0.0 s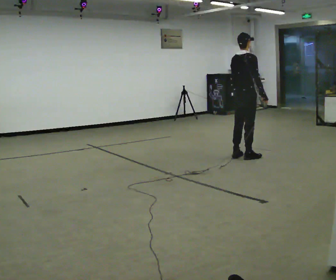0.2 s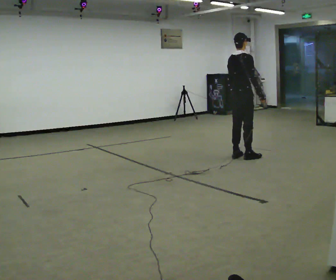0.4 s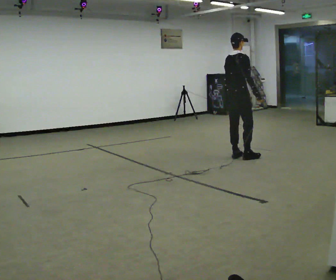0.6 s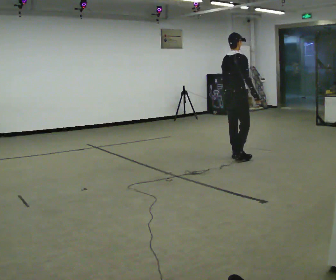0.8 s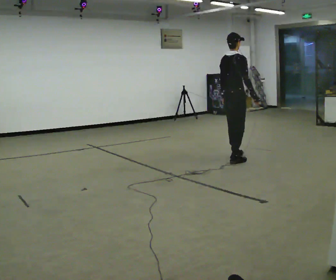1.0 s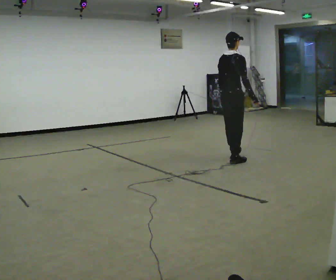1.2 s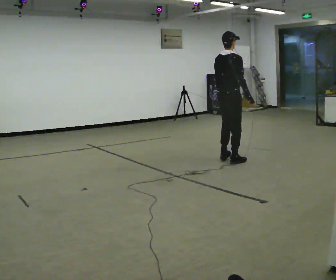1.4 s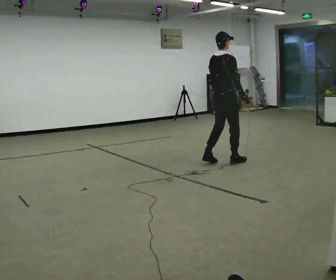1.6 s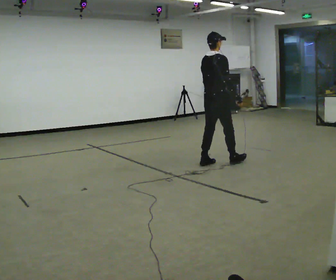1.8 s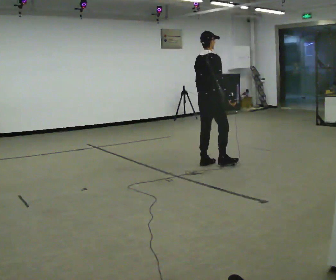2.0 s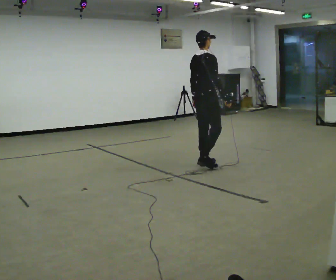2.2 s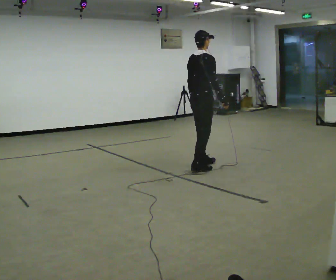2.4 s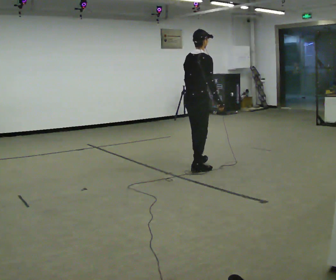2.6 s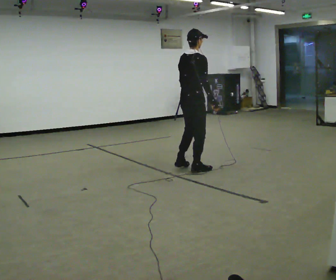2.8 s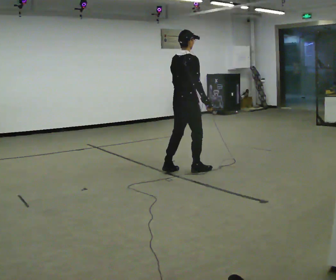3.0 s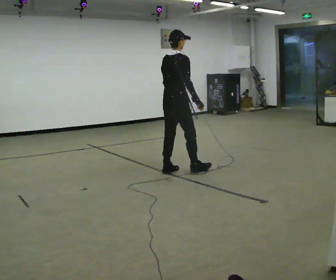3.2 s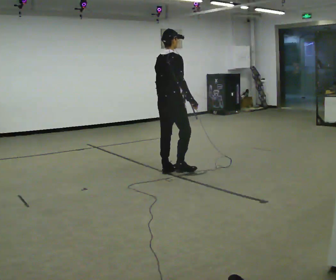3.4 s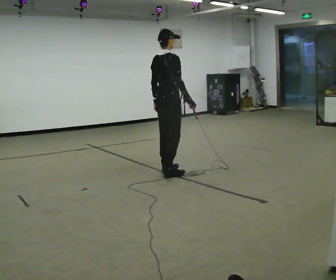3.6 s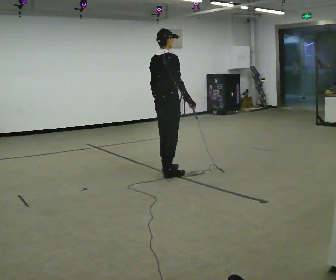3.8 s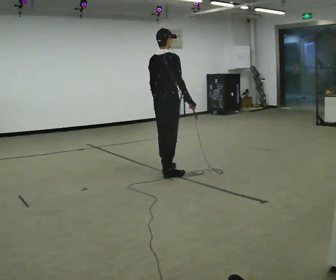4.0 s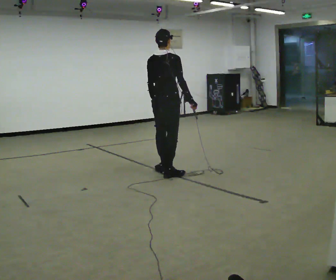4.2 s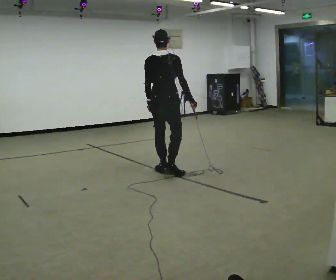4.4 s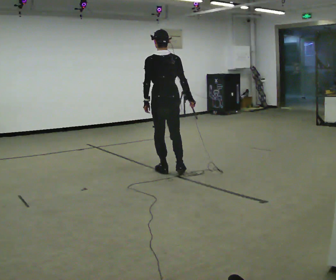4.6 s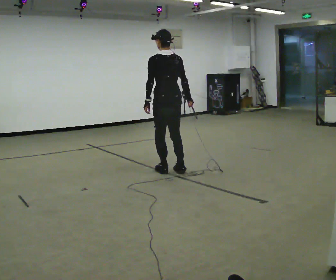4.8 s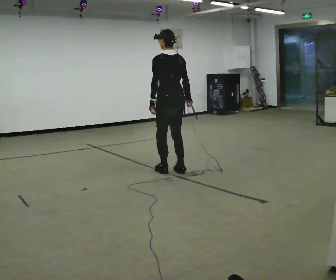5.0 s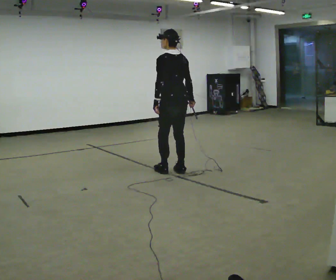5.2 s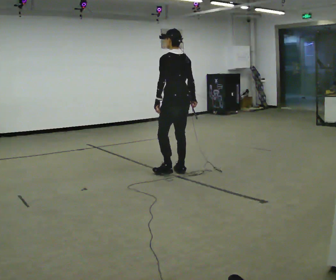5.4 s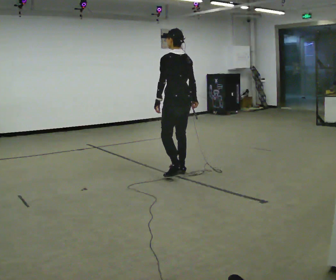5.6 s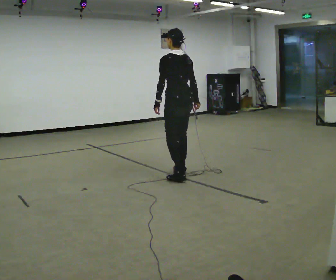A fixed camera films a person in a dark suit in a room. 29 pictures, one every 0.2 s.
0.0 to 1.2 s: In the picture they go to the left and toward the camera, about 0.25 m in 1 step, which for them is backward.
1.2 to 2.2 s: In the picture they go to the left and toward the camera, about 0.5 m in 2 steps, which for them is backward.
2.2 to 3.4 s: In the picture they go to the left and toward the camera, about 0.5 m in 2 steps, which for them is backward.
3.4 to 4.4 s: The person turns about 60 degrees to their left, counterclockwise seen from above, so the part of the body nearest the lens slides to the right.
4.4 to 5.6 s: The person turns about 30 degrees to their left, counterclockwise seen from above, so the part of the body nearest the lens slides to the right. In the picture they go toward the camera and to the right, about 0.25 m in 2 steps, which for them is backward.
The film runs forward here.
